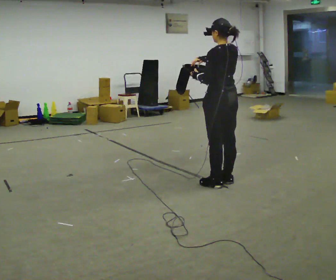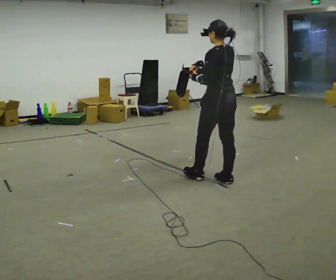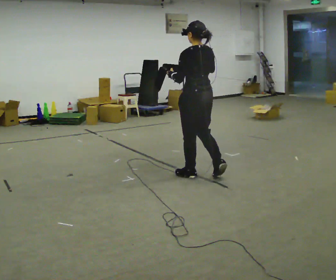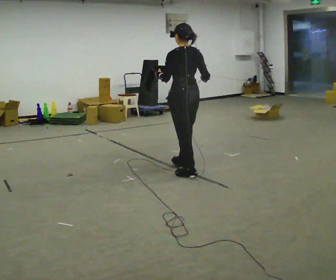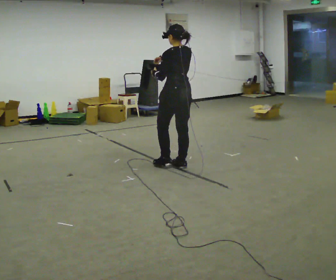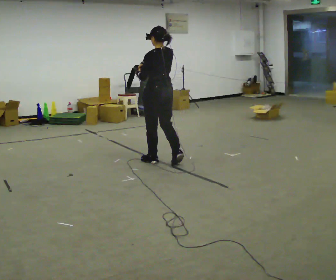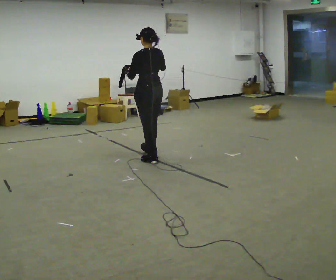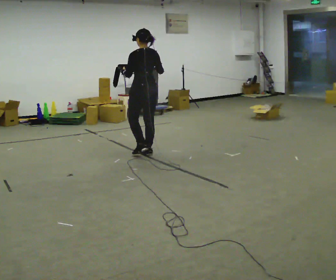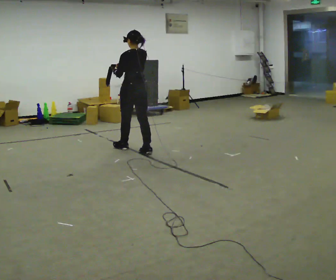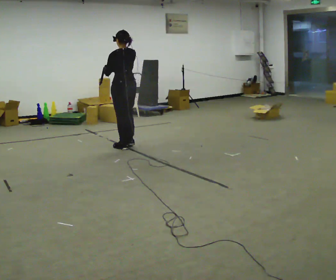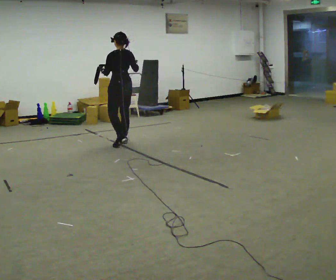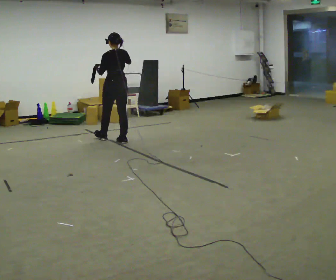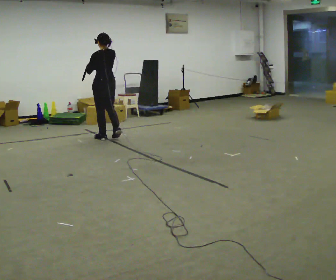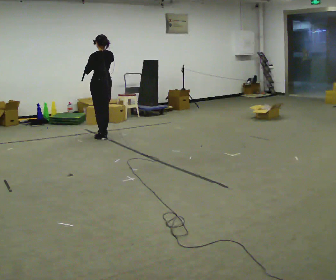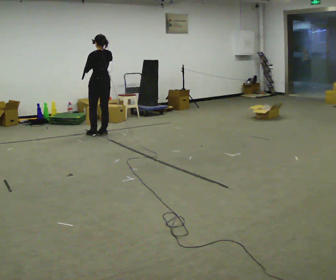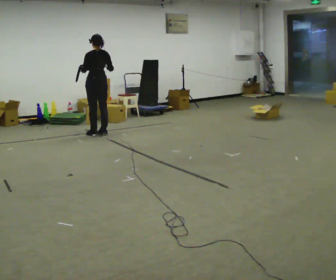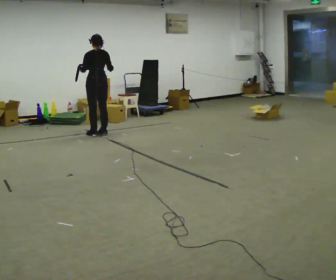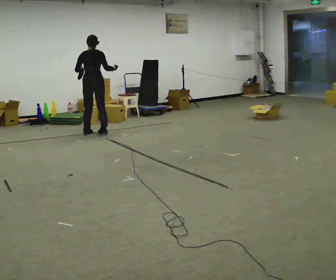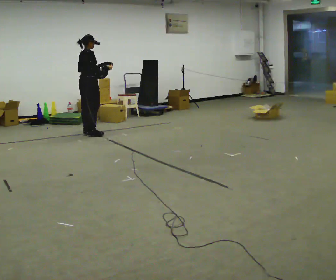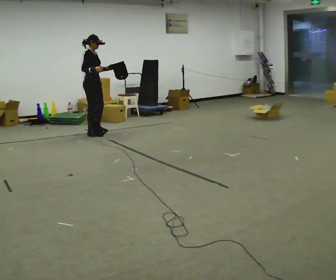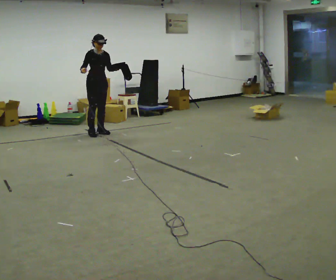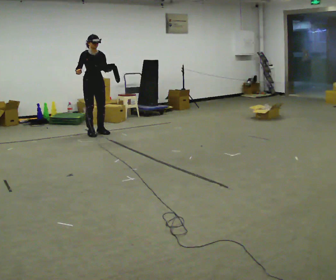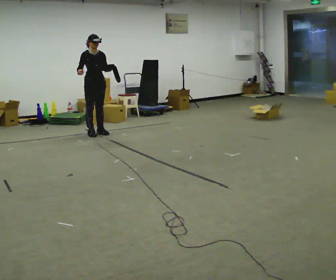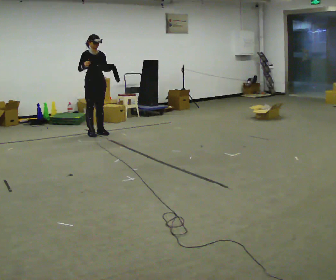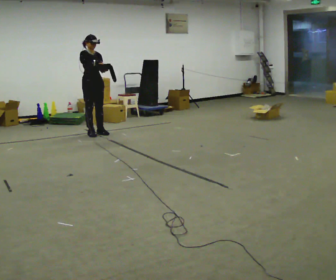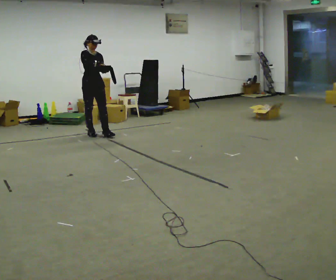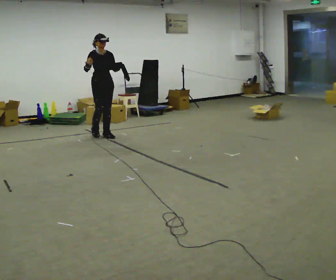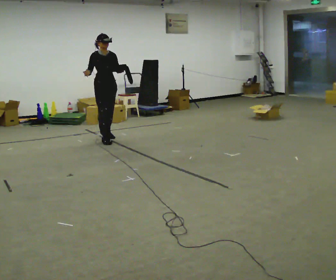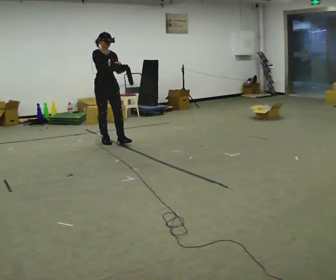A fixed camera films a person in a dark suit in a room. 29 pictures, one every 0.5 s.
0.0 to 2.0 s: In the picture they go away from the camera and to the left, about 0.5 m in 2 steps, which for them is forward.
2.0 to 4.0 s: In the picture they go away from the camera and to the left, about 1 m in 3 steps, which for them is forward.
4.0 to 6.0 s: In the picture they go away from the camera and to the left, about 1 m in 2 steps, which for them is forward.
6.0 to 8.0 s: In the picture they go away from the camera, about 0.5 m in 2 steps, which for them is forward.
8.0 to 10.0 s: Seen from above the body turns clockwise, about 165 degrees: to their right, with its near side sliding to the left. In the picture their right hand goes to the left.
10.0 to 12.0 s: The person moves a little, or ends about where they began.
12.0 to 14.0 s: In the picture they go toward the camera and to the right, about 0.5 m in 2 steps, which for them is forward.
The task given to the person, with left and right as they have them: Carry the open container and, while walking, reach in with one hand and take an item out, then put it back. Repeat as you walk. Do not stop.
The film runs forward here.
